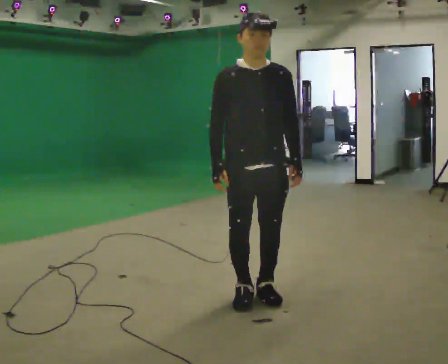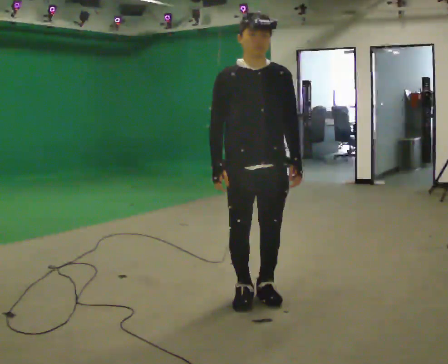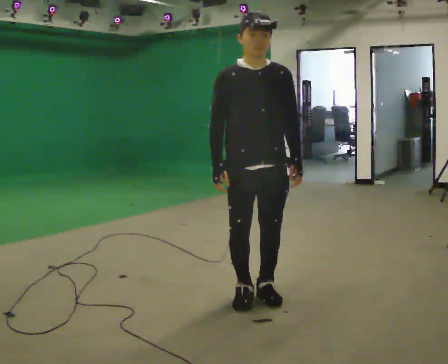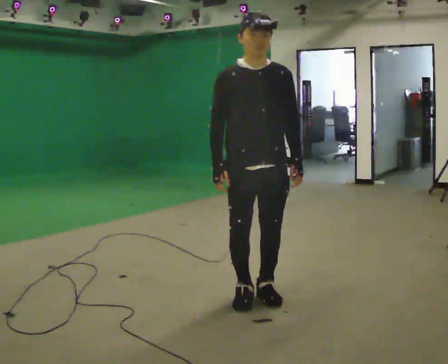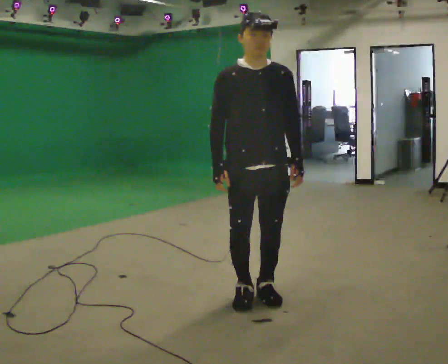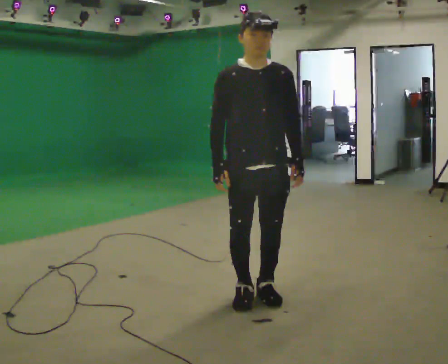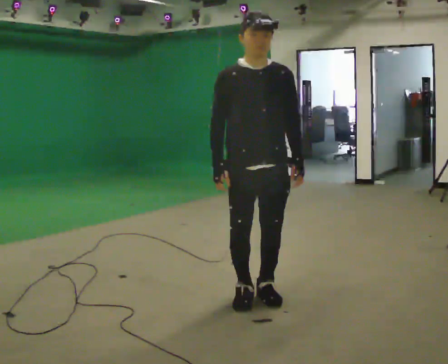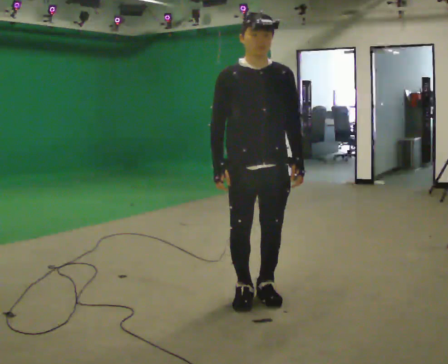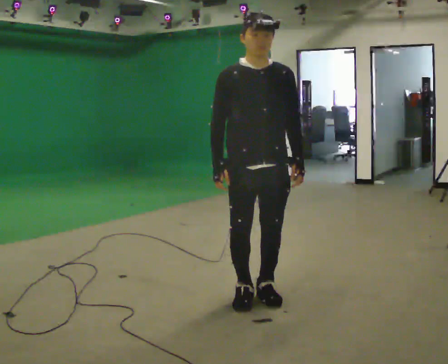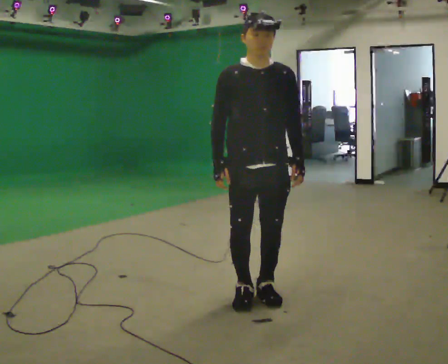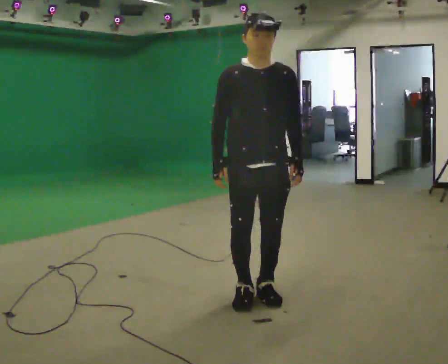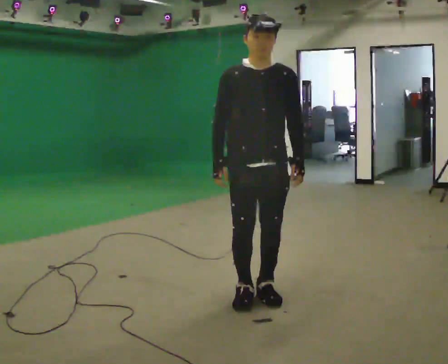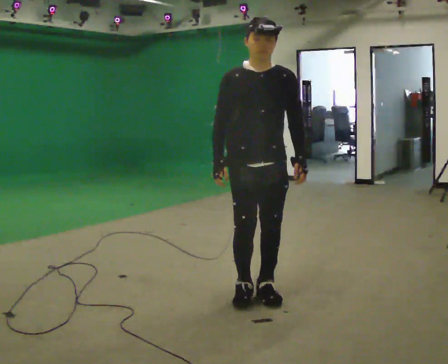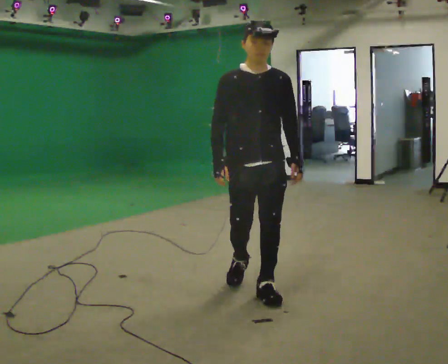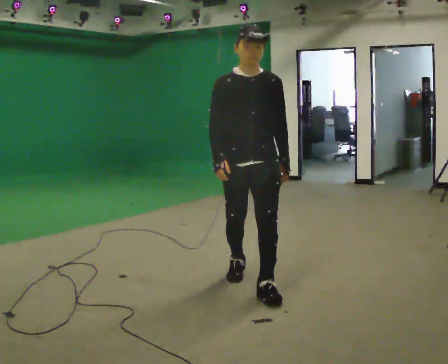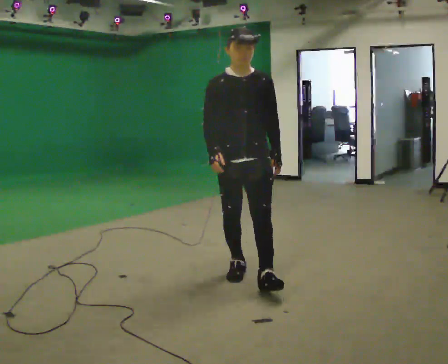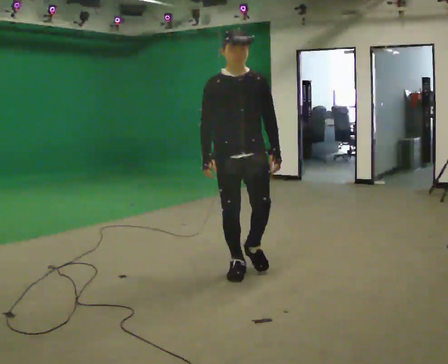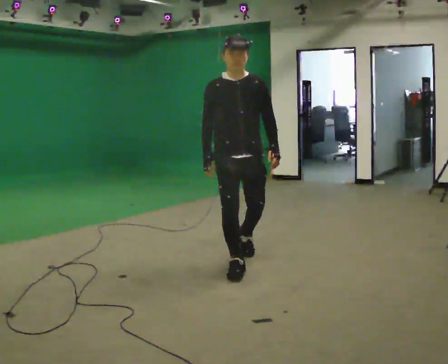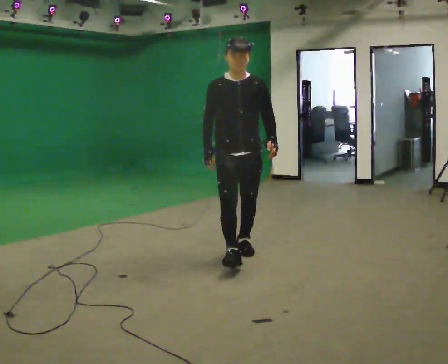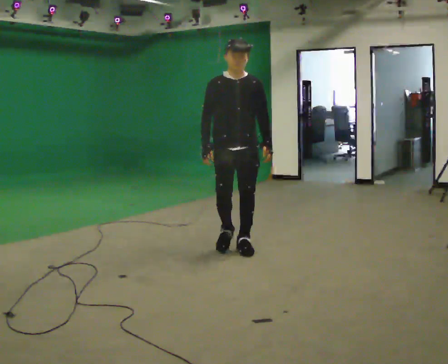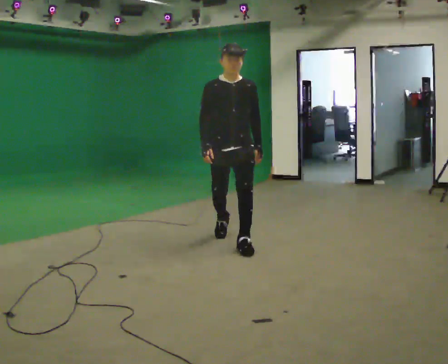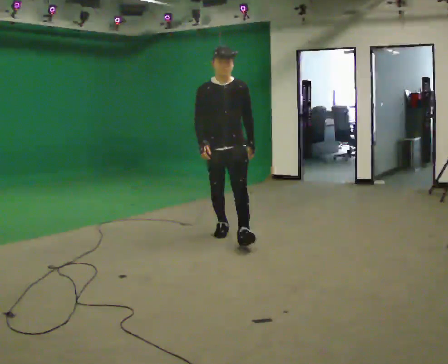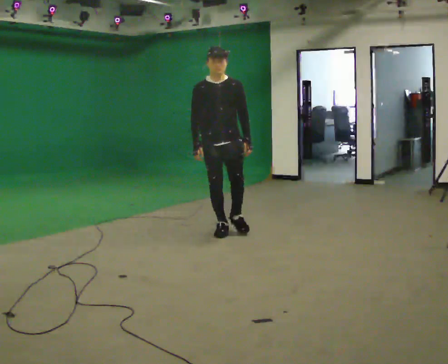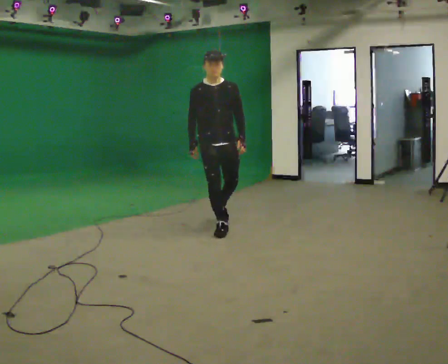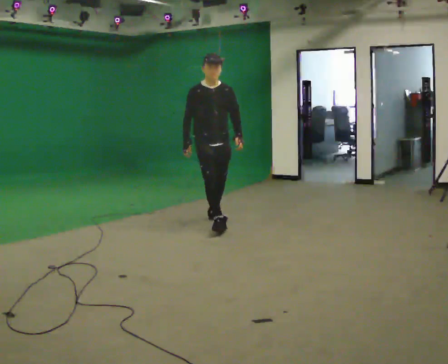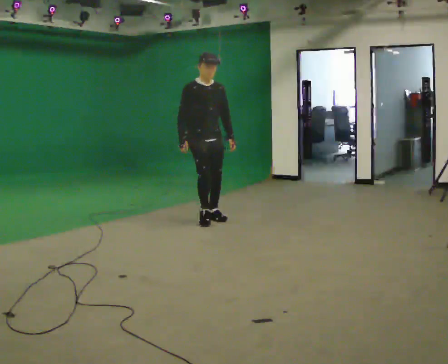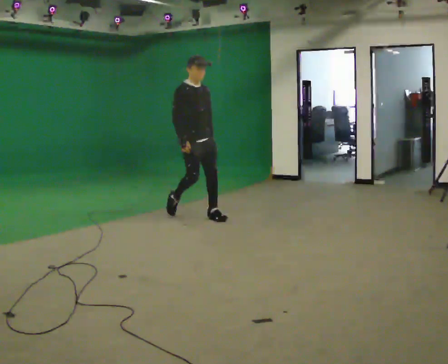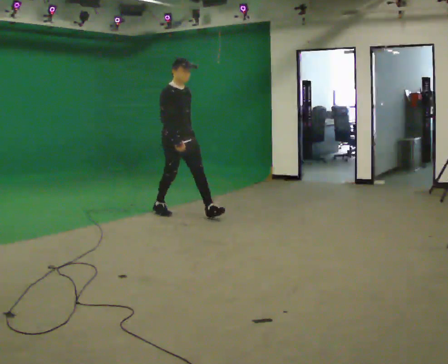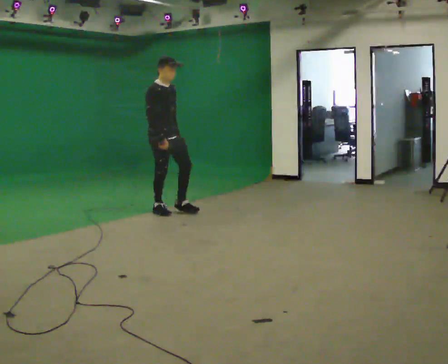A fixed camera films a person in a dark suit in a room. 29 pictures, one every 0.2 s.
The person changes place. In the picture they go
away from the camera.
0.0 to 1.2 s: The person keeps their place and pose.
1.2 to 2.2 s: The person moves a little, or ends about where they began.
2.2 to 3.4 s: In the picture they go away from the camera, about 1 m in 2 steps, which for them is backward.
3.4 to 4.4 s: In the picture they go away from the camera, about 1 m in 2 steps, which for them is backward.
4.4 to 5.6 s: Seen from above the body turns counterclockwise, about 45 degrees: to their left, with its near side sliding to the right. In the picture they go away from the camera and to the left, about 1 m in 2 steps, which for them is backward.
The film runs backward here.
